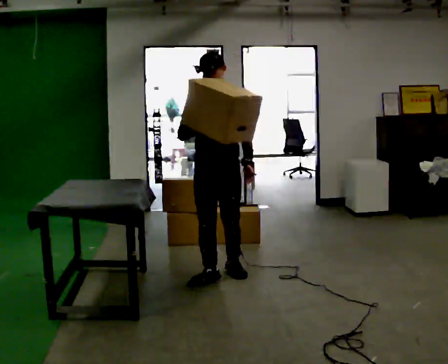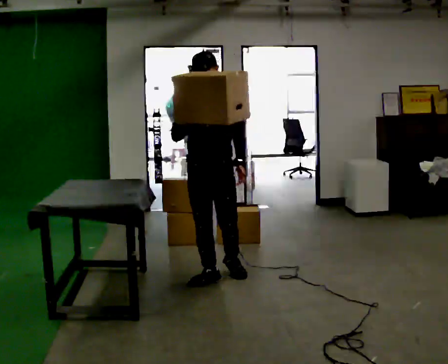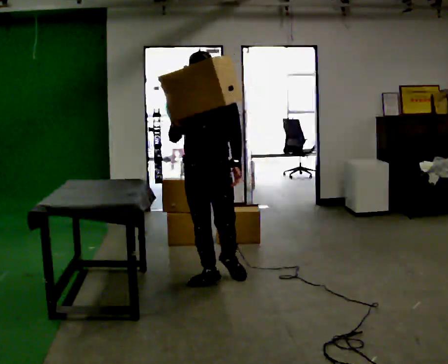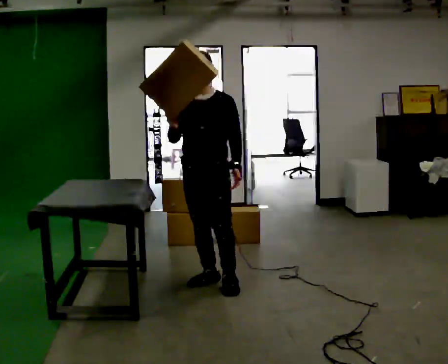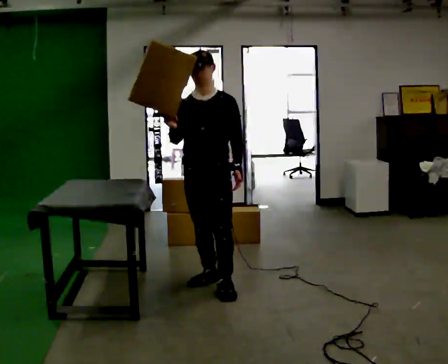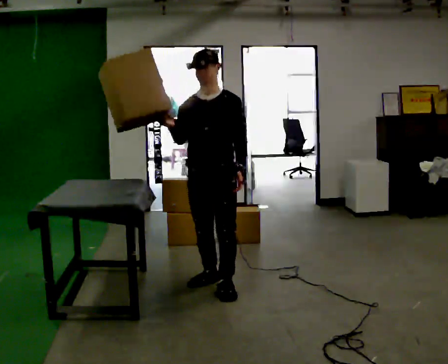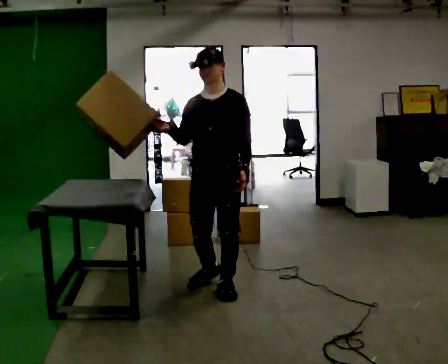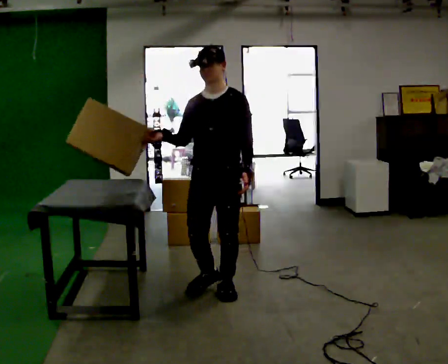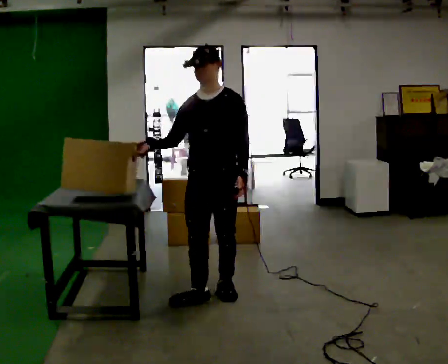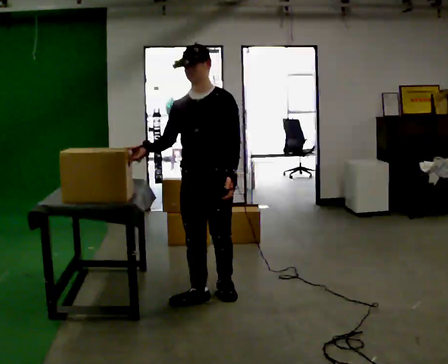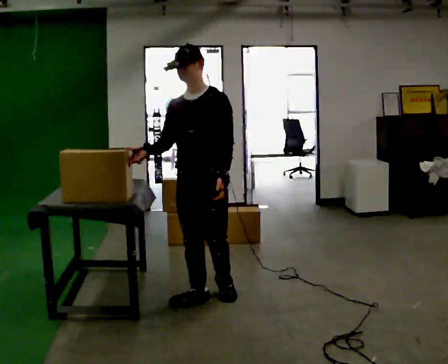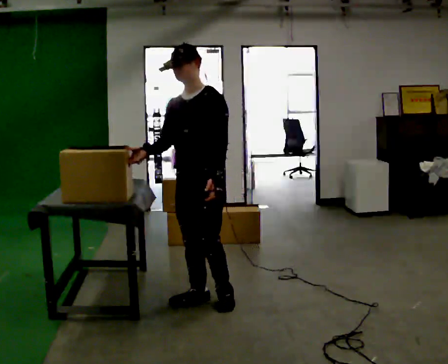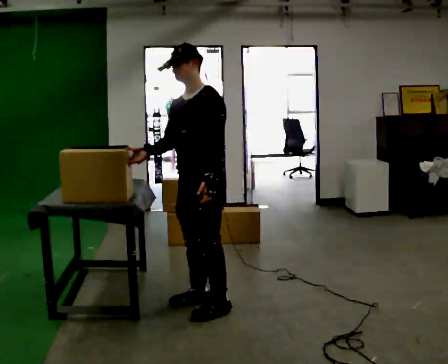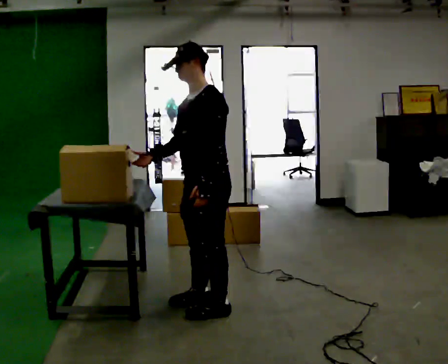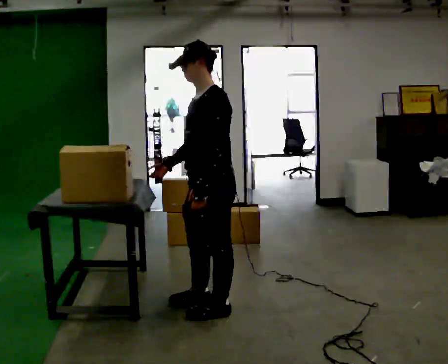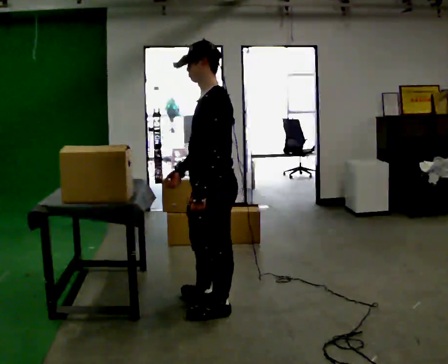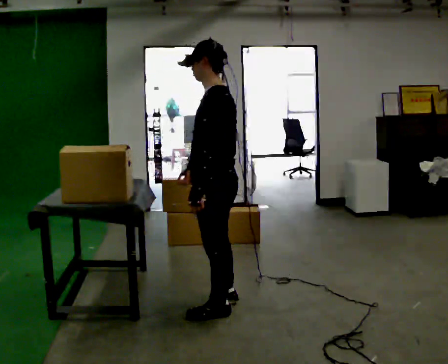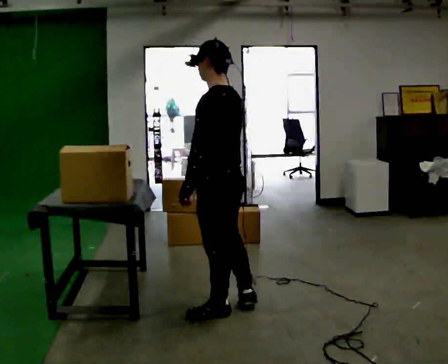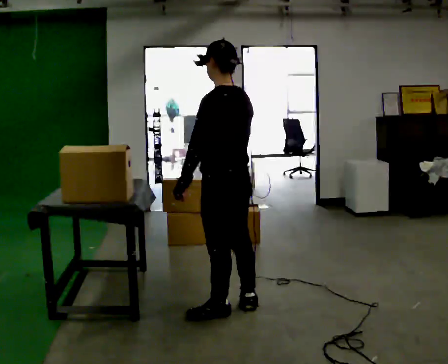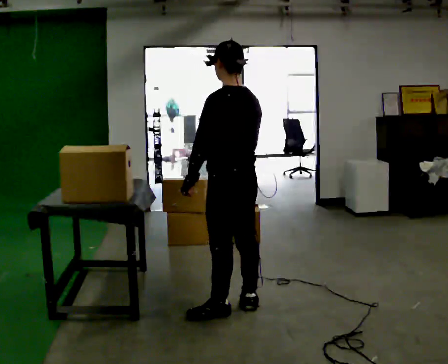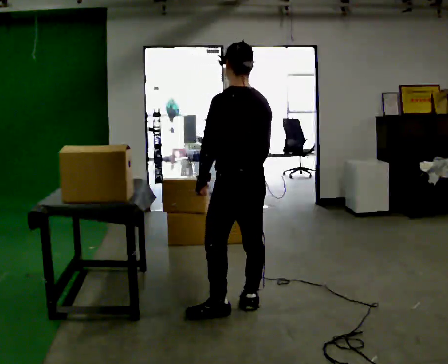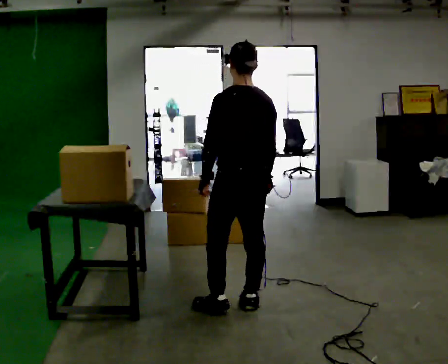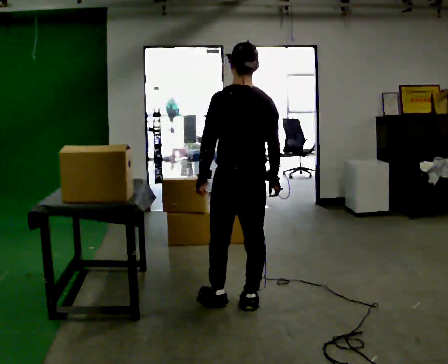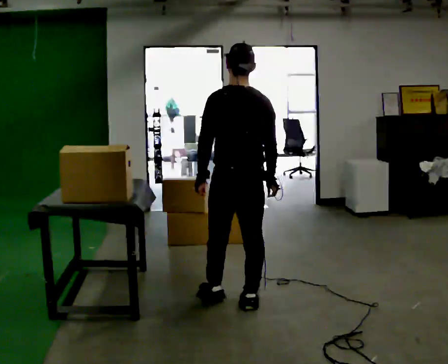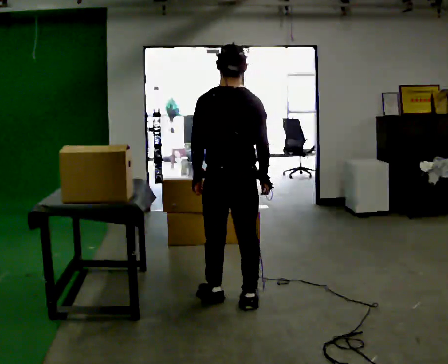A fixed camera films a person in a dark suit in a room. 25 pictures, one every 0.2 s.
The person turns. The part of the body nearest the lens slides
to the left.
The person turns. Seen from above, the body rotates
clockwise.
0.0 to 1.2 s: In the picture they go toward the camera, about 0.25 m in 1 step, which for them is forward.
1.2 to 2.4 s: Seen from above the body turns clockwise, about 30 degrees: to their right, with its near side sliding to the left. In the picture they go toward the camera, about 0.25 m in 1 step, which for them is forward.
2.4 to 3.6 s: The person turns about 90 degrees to their right, clockwise seen from above, so the part of the body nearest the lens slides to the left. In the picture they go toward the camera, about 0.25 m in 2 steps. In the picture their right hand goes to the right.
3.6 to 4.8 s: The person turns about 45 degrees to their right, clockwise seen from above, so the part of the body nearest the lens slides to the left. In the picture they go away from the camera, about 0.25 m in 1 step, which for them is to their right.
The film runs forward here.
